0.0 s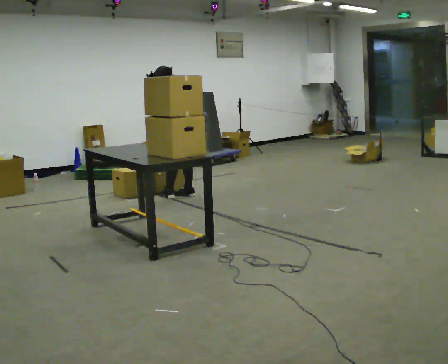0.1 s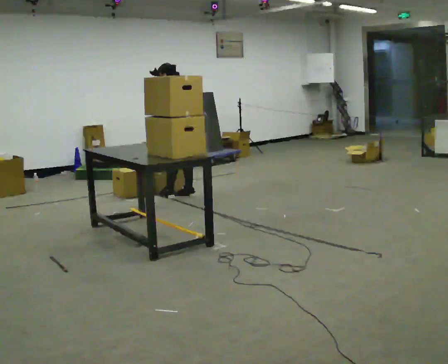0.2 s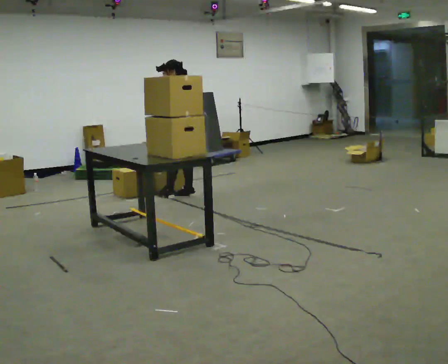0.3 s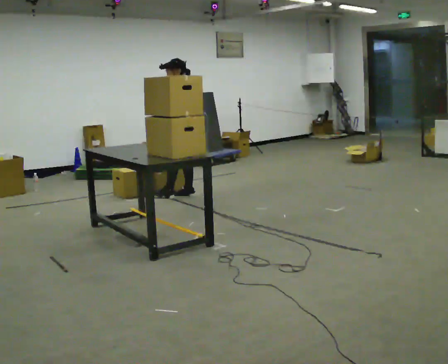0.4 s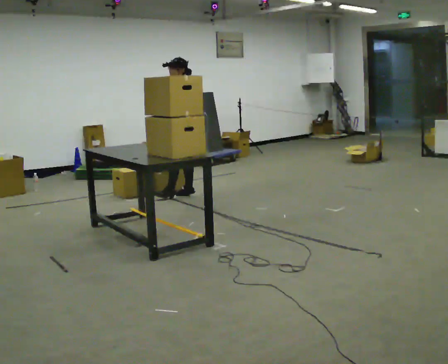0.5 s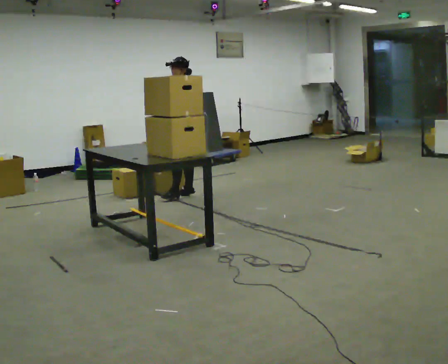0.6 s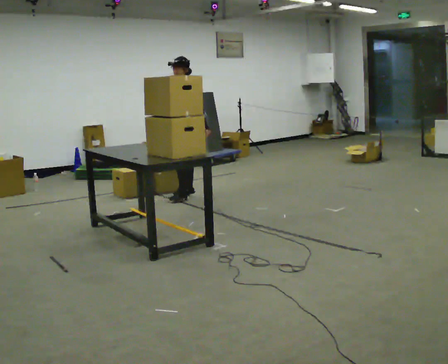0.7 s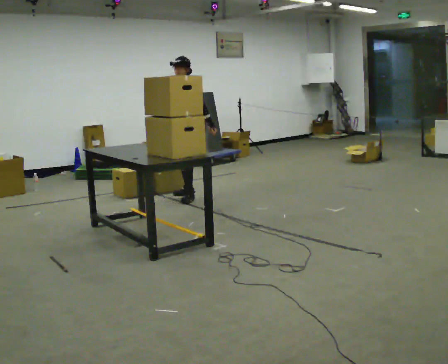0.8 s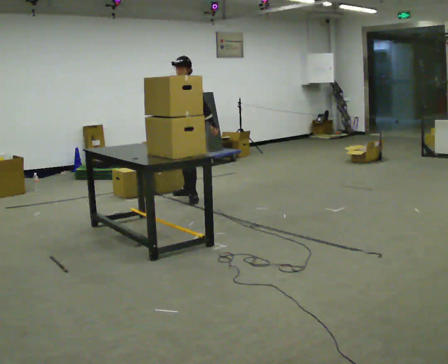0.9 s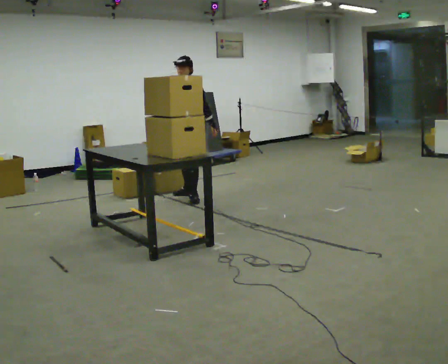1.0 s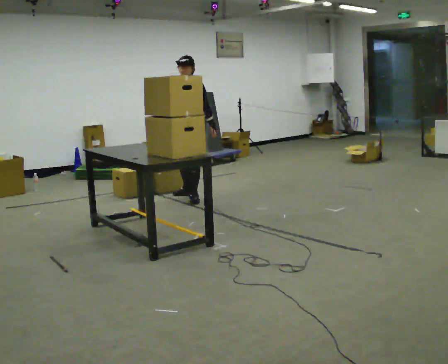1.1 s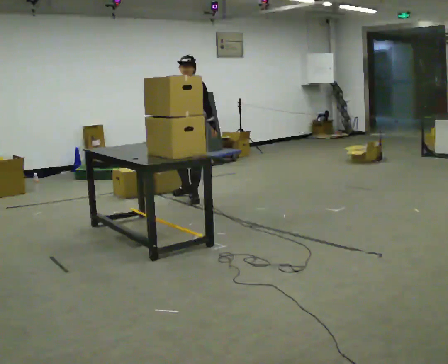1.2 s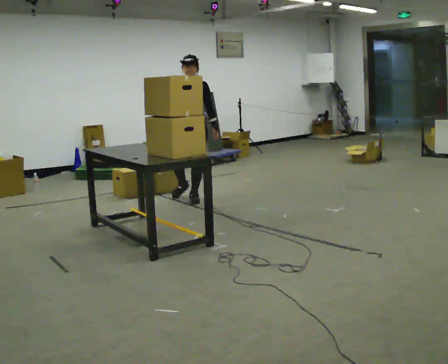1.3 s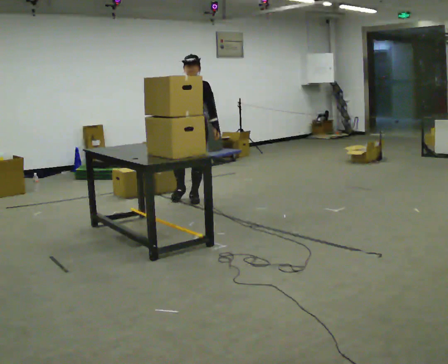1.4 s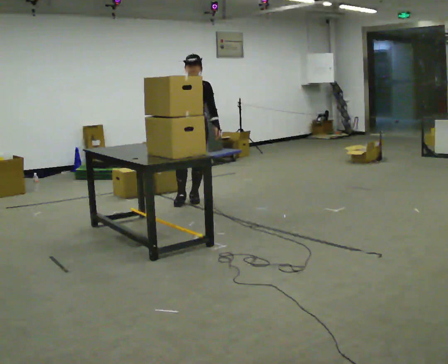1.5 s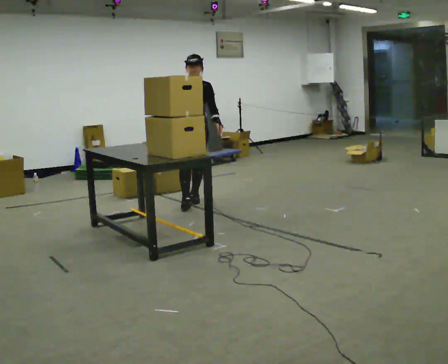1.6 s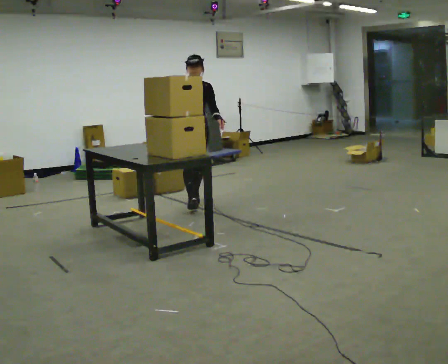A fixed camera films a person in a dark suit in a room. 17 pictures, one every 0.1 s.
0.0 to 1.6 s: Seen from above the body turns counterclockwise, about 135 degrees: to their left, with its near side sliding to the right. In the picture they go toward the camera, about 0.5 m in 1 step. In the picture the upper body tilts clockwise, shoulders to the right, as they lean back or straighten.
The film runs forward here.
